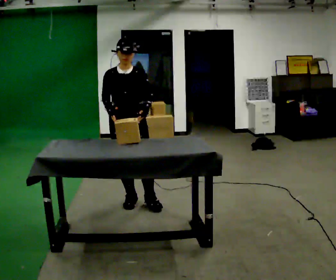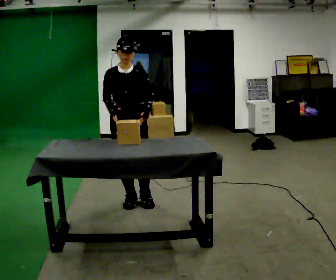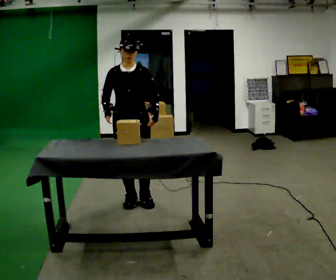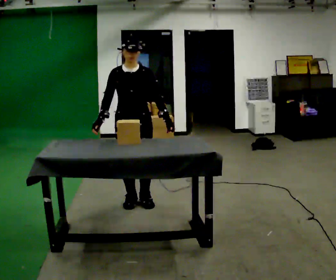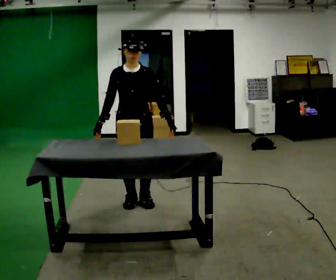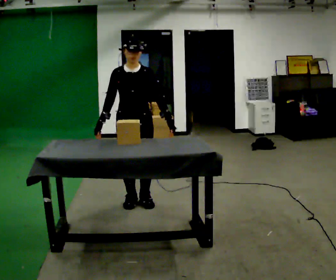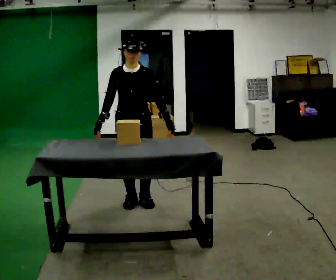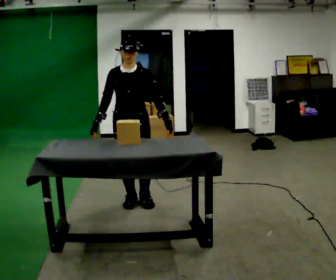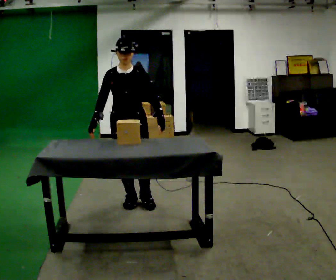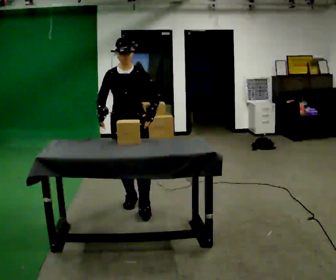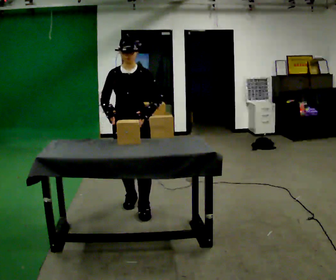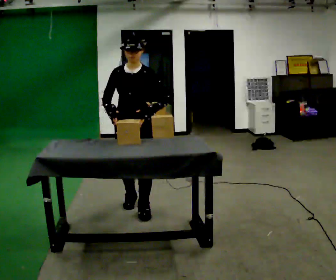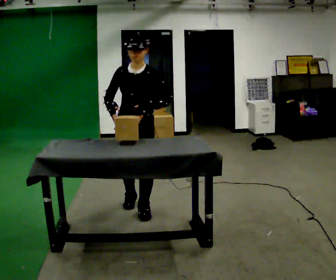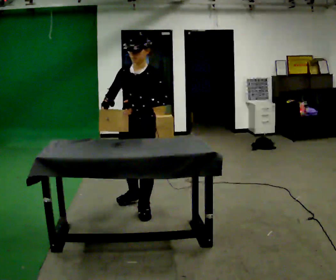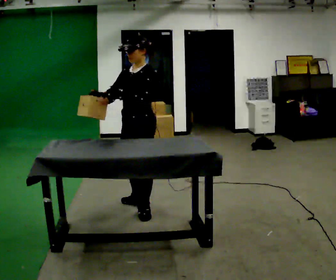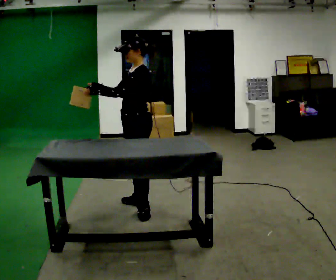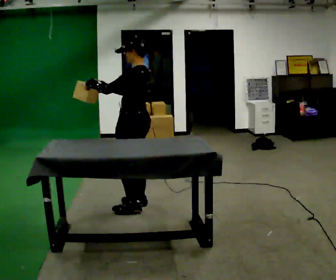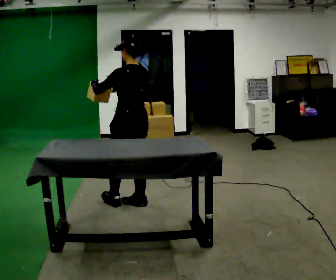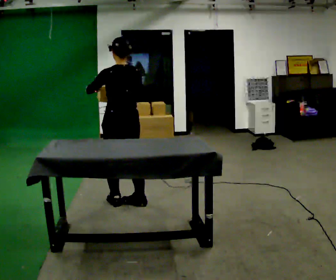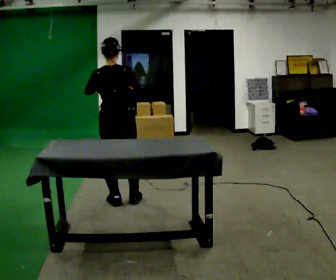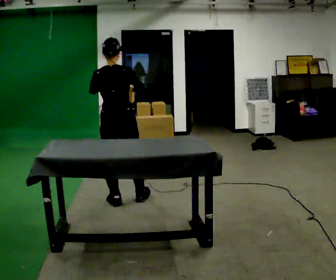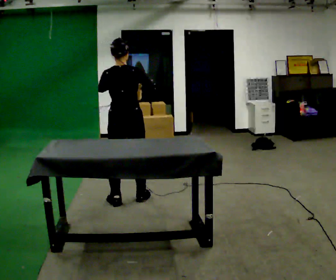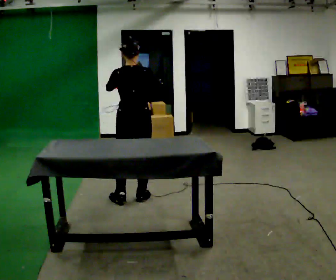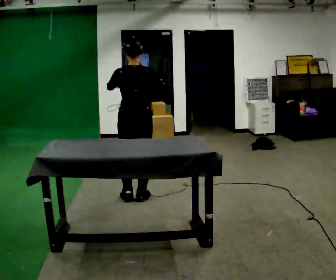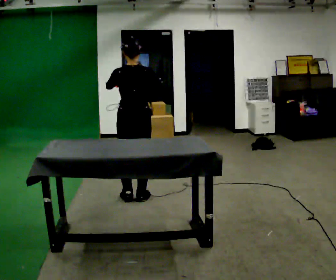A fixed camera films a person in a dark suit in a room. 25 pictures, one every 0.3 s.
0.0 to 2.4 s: The person moves a little, or ends about where they began.
2.4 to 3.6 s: In the picture they go toward the camera, about 0.25 m in 1 step, which for them is forward.
3.6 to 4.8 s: Seen from above the body turns clockwise, about 90 degrees: to their right, with its near side sliding to the left. In the picture they go away from the camera, about 0.25 m. In the picture their left hand goes to the left.
4.8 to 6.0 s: The person turns about 75 degrees to their right, clockwise seen from above, so the part of the body nearest the lens slides to the left. In the picture they go to the left, about 0.25 m in 1 step.
6.0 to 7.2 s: In the picture they go to the right, about 0.25 m in 1 step, which for them is forward and to their right.
The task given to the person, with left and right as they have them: Clear everything off the table and put it away on the shelf, in as many trips as you need. Keep going until the operator says stop; one object at a time, and do not rush between trips.
The film runs forward here.
